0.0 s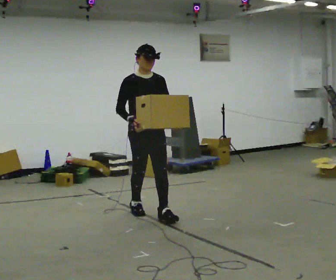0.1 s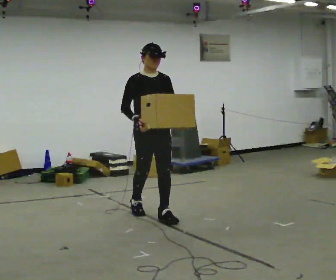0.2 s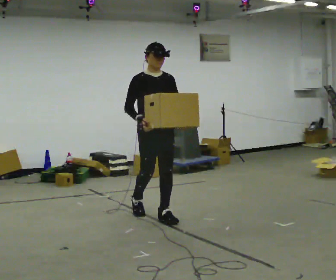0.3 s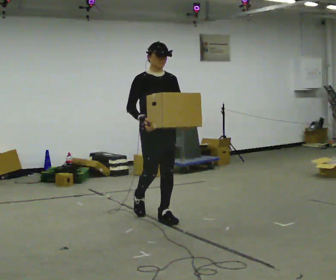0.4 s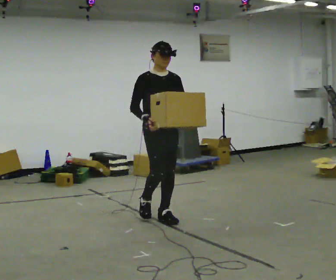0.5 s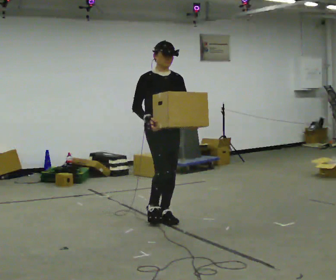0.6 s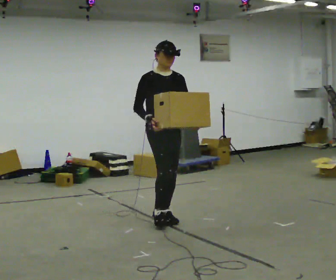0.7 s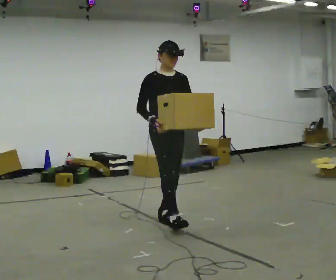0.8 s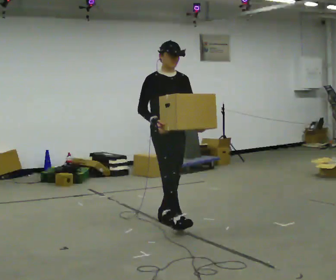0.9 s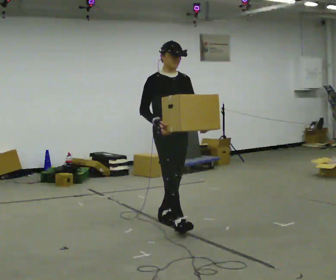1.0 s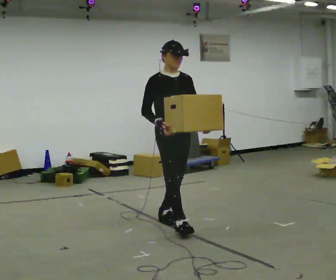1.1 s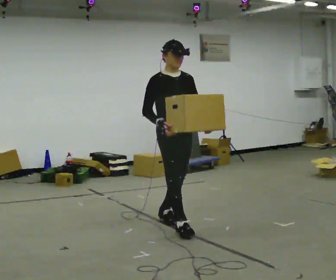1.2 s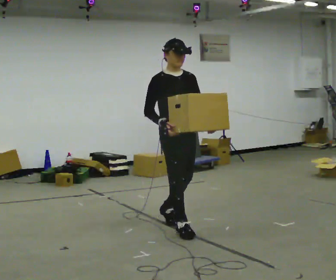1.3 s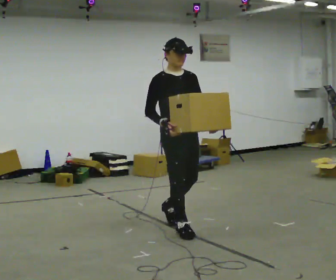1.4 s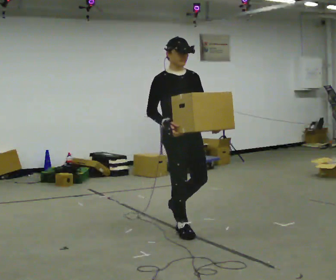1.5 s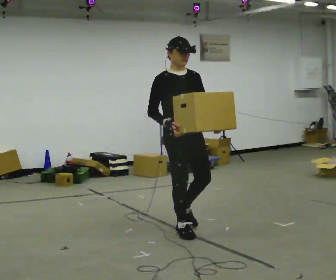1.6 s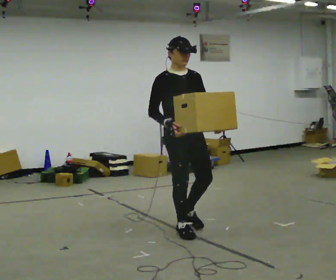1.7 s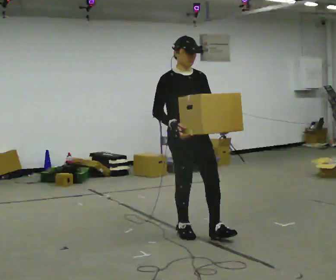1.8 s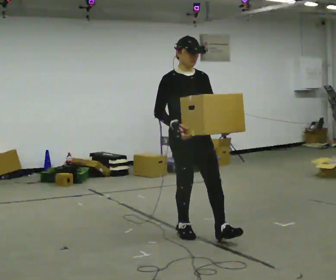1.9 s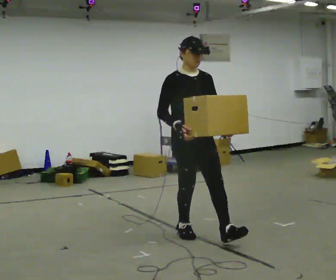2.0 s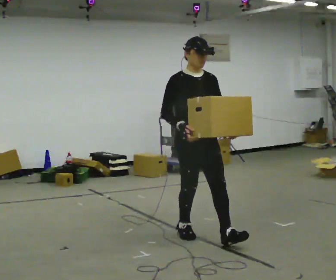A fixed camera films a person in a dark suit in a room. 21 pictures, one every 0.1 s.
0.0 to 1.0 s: In the picture they go toward the camera and to the right, about 0.5 m in 1 step, which for them is forward.
1.0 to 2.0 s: In the picture they go toward the camera and to the right, about 0.5 m in 1 step, which for them is forward.
The film runs forward here.
